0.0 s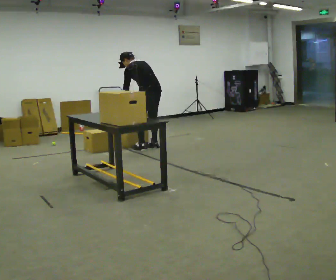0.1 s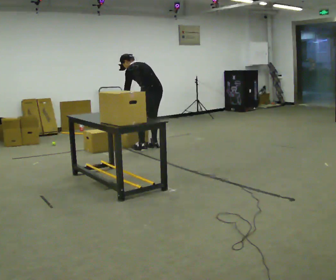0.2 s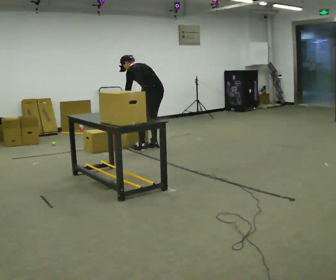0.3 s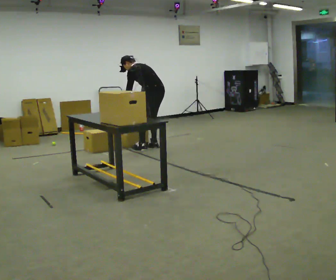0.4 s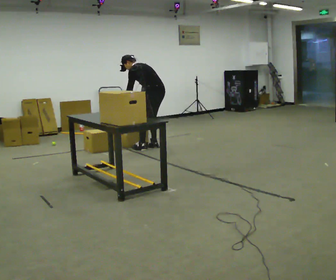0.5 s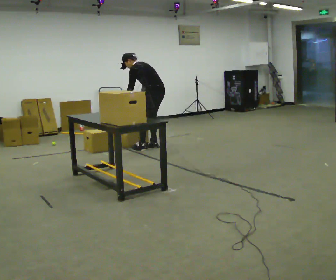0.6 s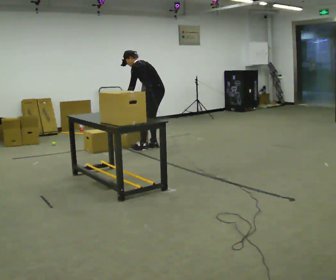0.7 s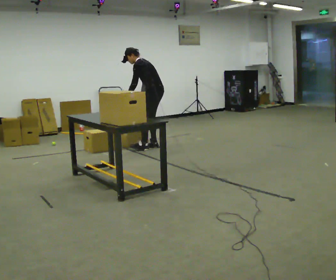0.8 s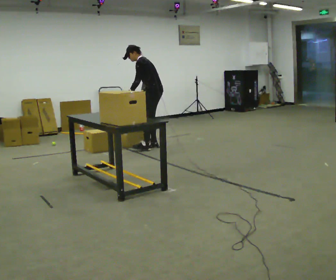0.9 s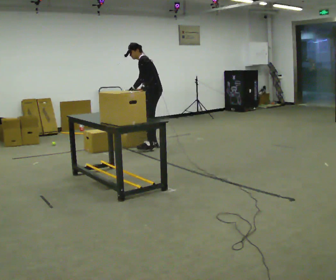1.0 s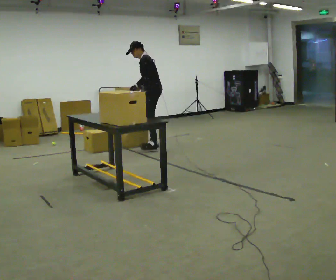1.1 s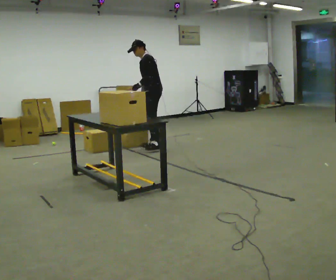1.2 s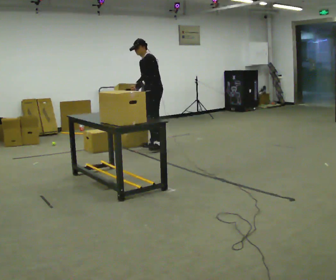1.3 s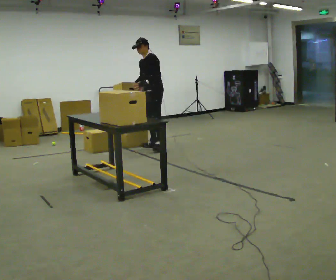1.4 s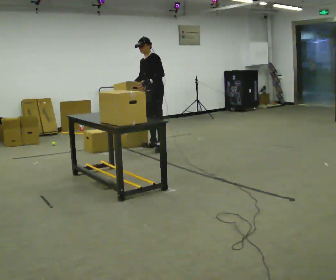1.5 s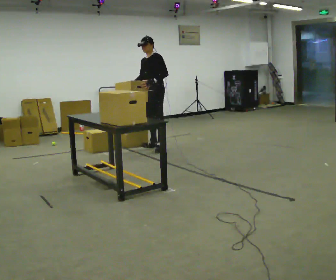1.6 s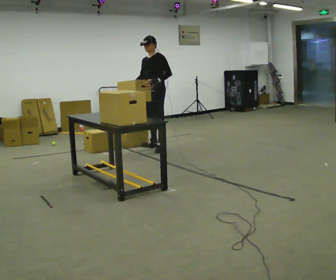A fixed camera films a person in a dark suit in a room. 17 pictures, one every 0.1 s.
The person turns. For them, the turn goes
to their left.
The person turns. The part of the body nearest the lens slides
to the right.
0.0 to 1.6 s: Seen from above the body turns counterclockwise, about 90 degrees: to their left, with its near side sliding to the right. The upper body tips toward the camera, its near side rolling downward, as they lean back or straighten. In the picture their left hand goes to the right and upward.
The film runs forward here.
